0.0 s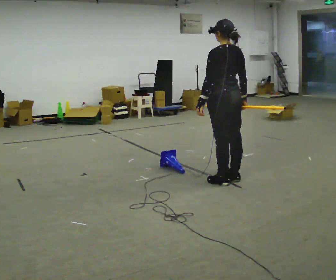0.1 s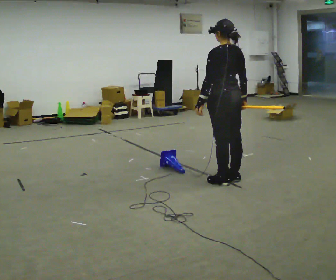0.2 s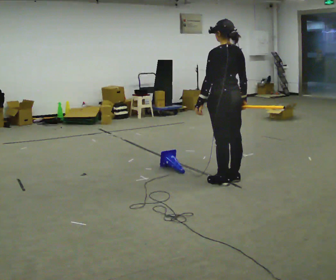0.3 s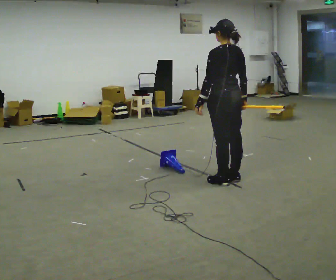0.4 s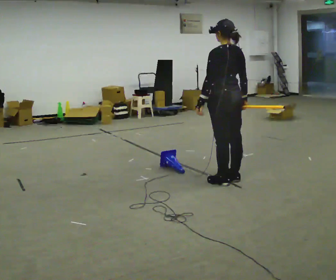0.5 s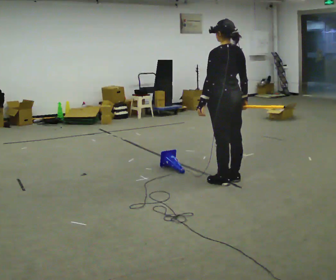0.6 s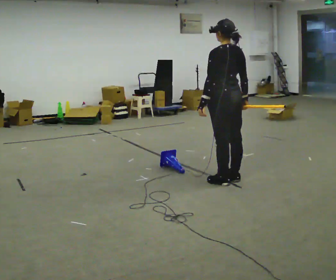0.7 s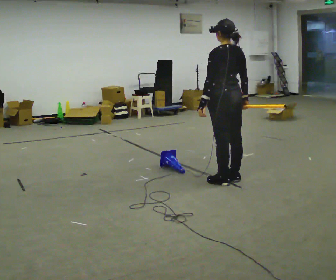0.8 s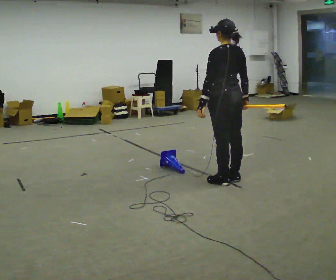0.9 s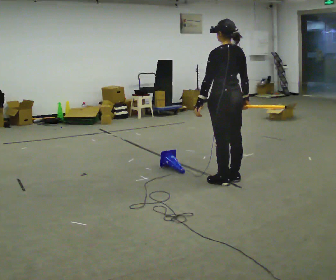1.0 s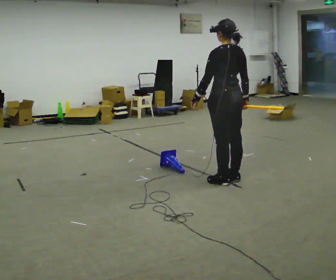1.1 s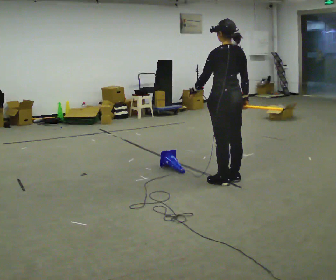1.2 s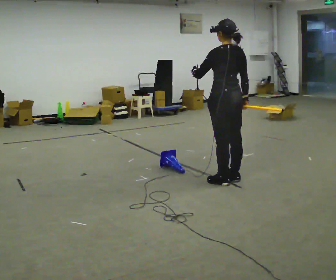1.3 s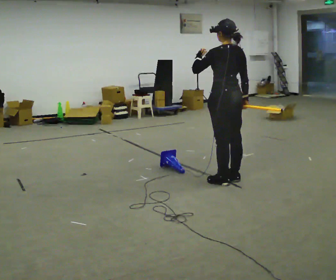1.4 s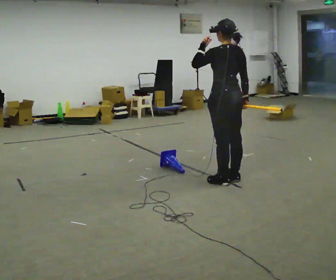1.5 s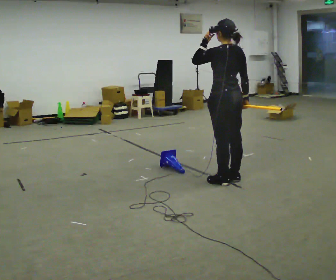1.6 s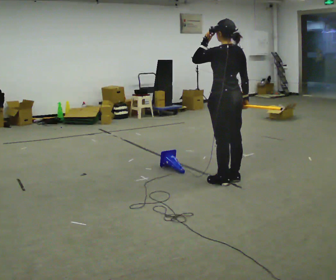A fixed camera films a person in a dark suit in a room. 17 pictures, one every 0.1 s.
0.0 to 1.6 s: In the picture their left hand goes upward.
The film runs backward here.
